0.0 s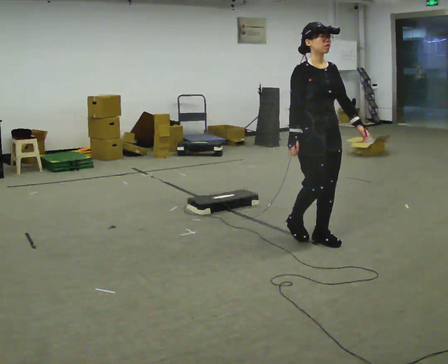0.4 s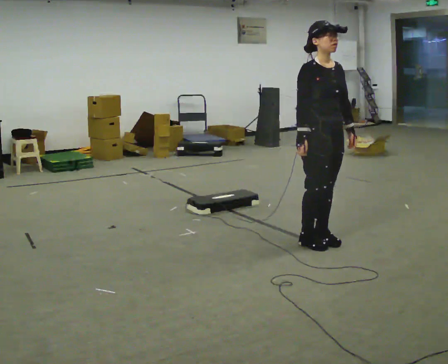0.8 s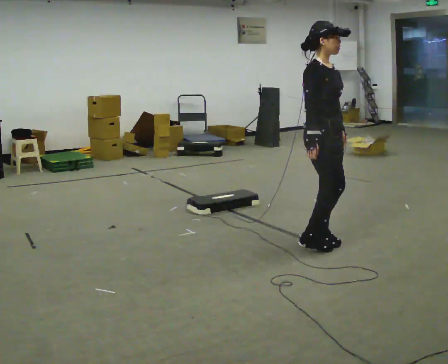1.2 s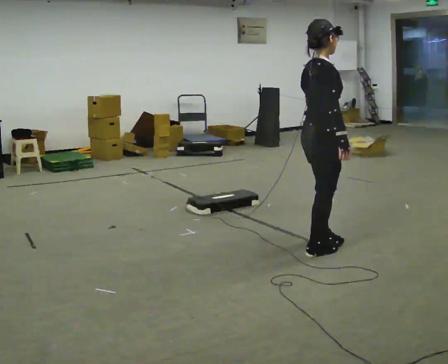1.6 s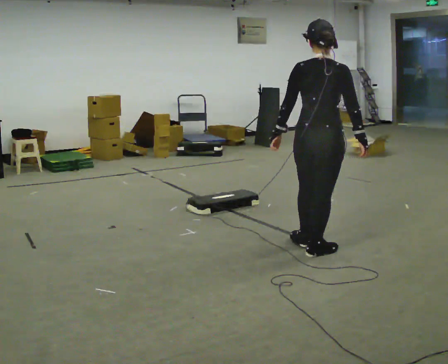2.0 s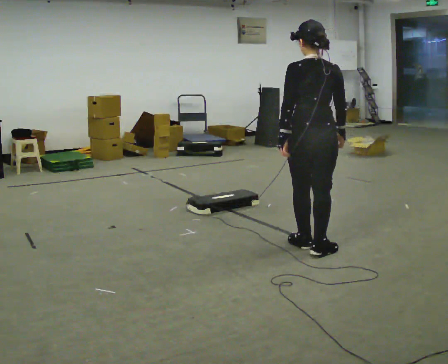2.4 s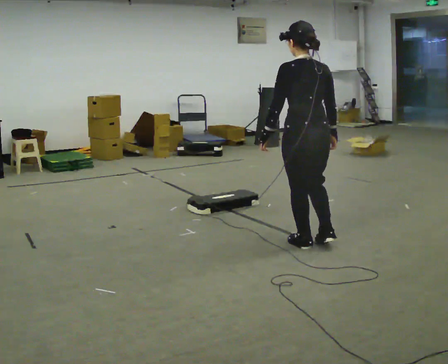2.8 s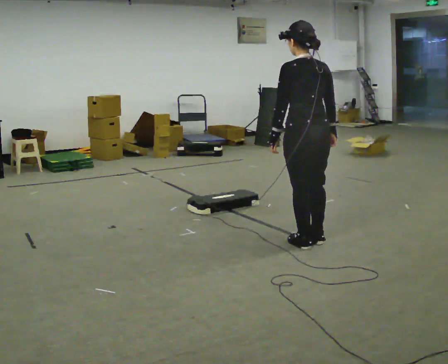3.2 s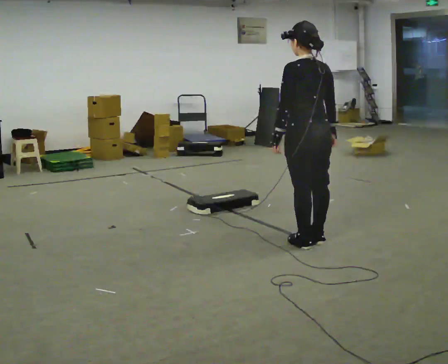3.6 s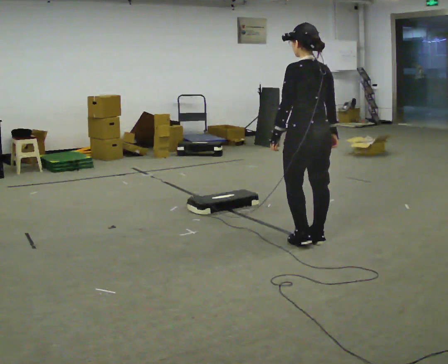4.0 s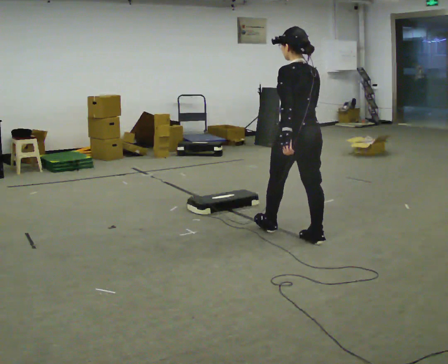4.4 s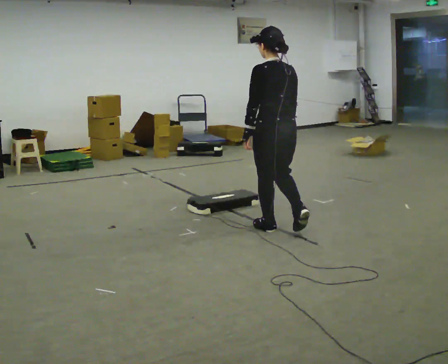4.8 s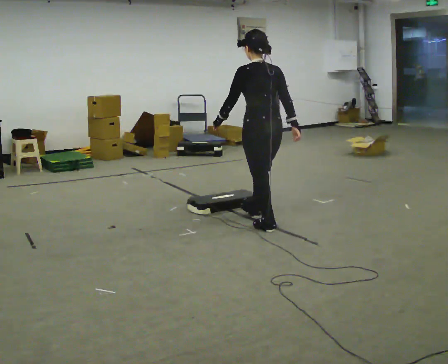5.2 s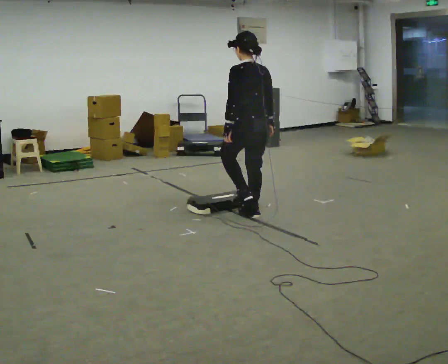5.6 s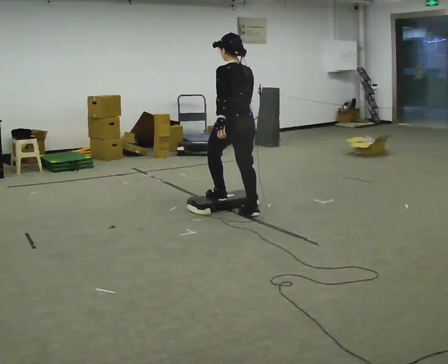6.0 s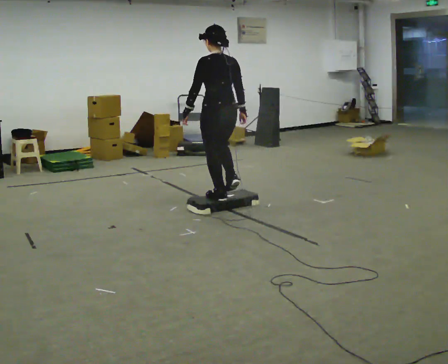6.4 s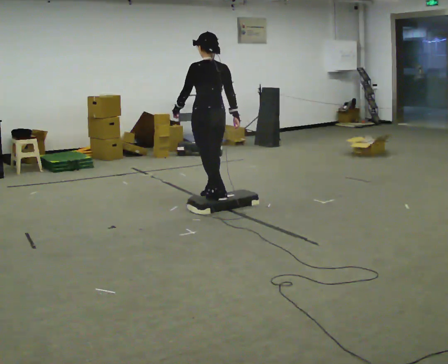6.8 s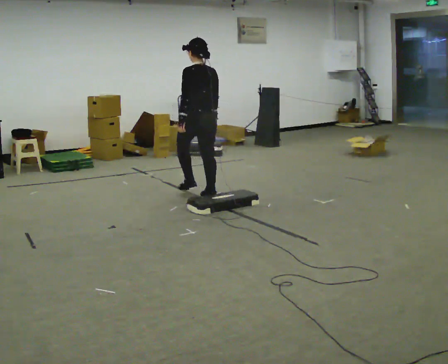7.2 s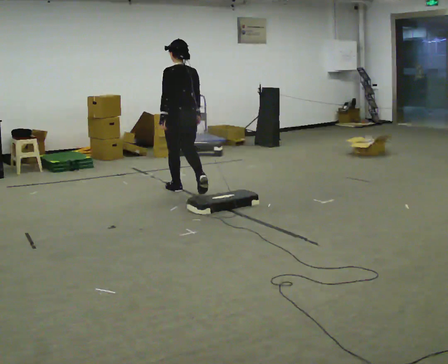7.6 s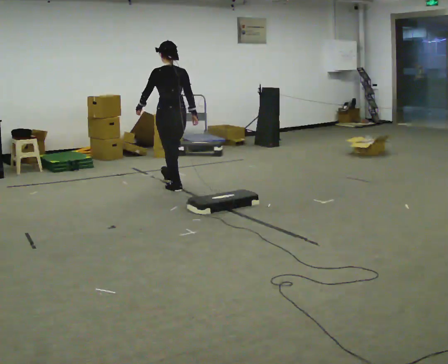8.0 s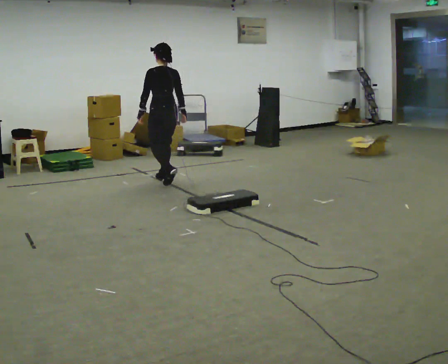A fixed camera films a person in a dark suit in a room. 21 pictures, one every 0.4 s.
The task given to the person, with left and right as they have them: Walk to the platform; step up onto it; step down the other side; continue walking.
0.0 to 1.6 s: The person turns about 120 degrees to their left, counterclockwise seen from above, so the part of the body nearest the lens slides to the right. In the picture they go toward the camera, about 0.25 m in 2 steps.
1.6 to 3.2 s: Seen from above the body turns counterclockwise, about 60 degrees: to their left, with its near side sliding to the right. In the picture they go away from the camera, about 0.25 m in 1 step, which for them is forward.
3.2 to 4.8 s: In the picture they go away from the camera and to the left, about 0.5 m in 1 step, which for them is forward.
4.8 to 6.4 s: In the picture they go away from the camera and to the left, about 1 m in 3 steps, which for them is forward.
6.4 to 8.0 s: In the picture they go away from the camera and to the left, about 1 m in 2 steps, which for them is forward.
The film runs forward here.
